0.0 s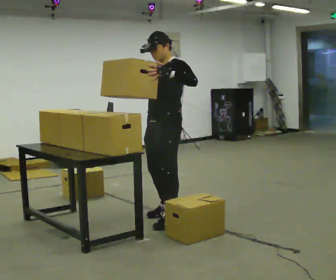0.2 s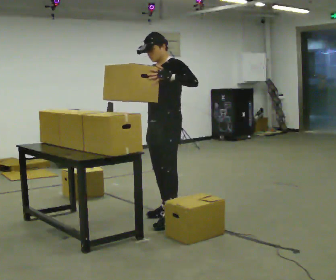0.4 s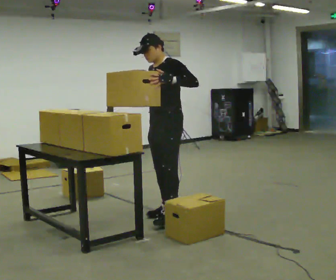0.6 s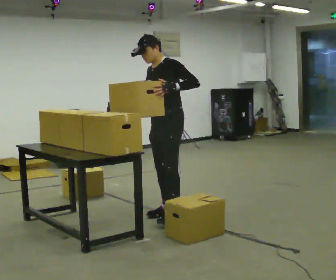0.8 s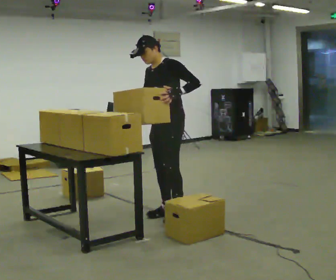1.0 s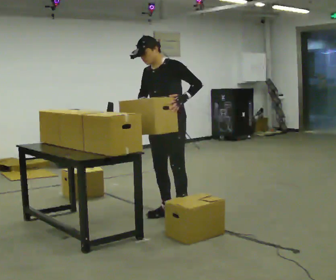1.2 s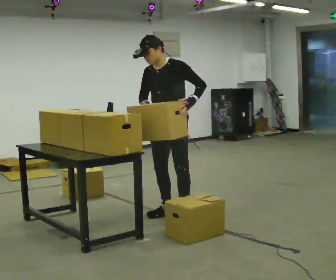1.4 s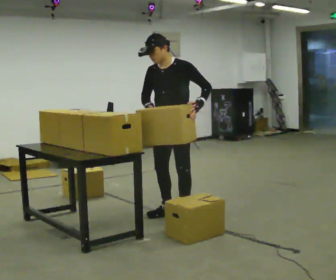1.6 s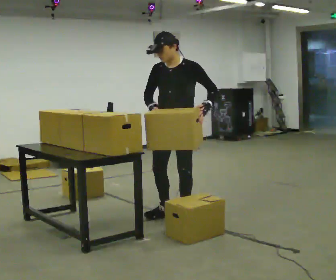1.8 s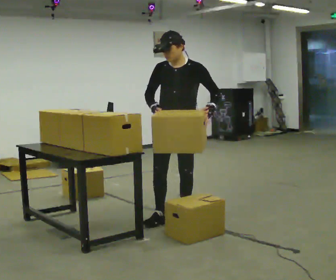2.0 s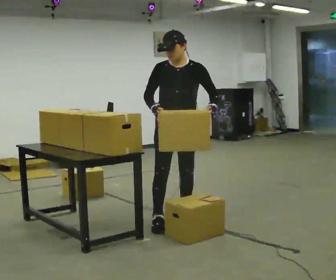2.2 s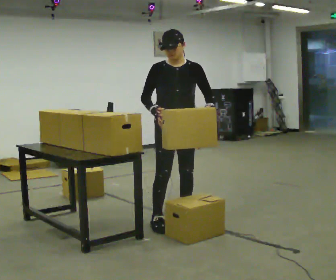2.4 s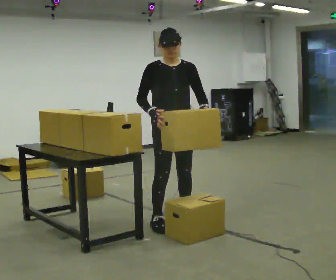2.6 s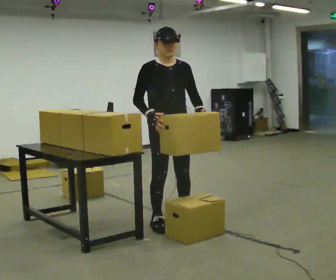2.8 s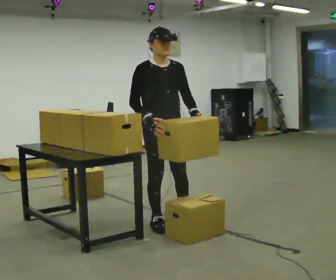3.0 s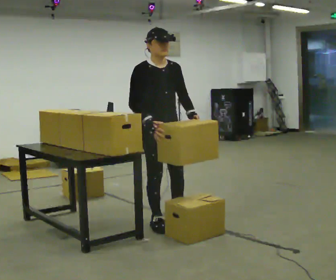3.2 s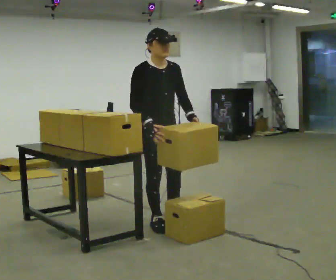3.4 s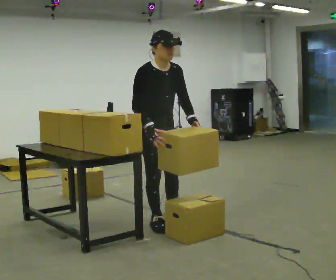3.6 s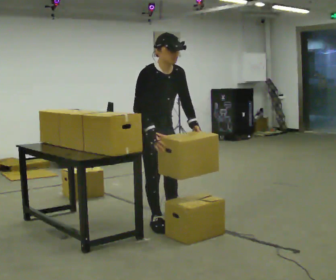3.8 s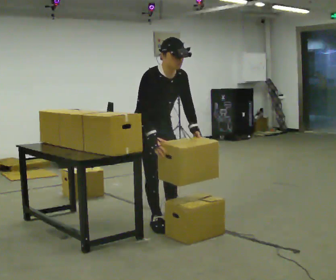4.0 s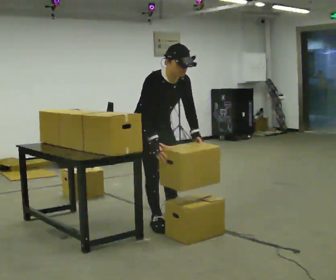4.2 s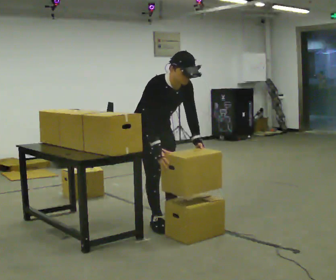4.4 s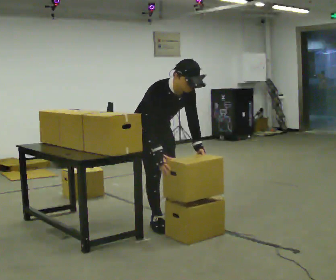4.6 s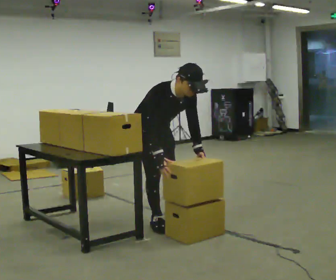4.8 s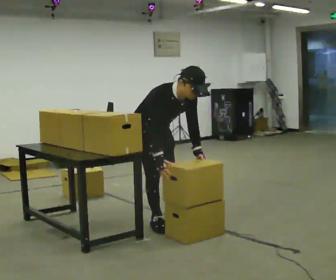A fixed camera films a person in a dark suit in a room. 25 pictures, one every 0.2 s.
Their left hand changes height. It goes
downward.
The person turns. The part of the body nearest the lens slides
to the right.
0.0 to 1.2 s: In the picture the upper body tilts counterclockwise, shoulders to the left, as they bend forward.
1.2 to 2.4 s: Seen from above the body turns counterclockwise, about 60 degrees: to their left, with its near side sliding to the right. In the picture they go toward the camera, about 0.25 m in 1 step, which for them is forward.
2.4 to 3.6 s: The person turns about 30 degrees to their left, counterclockwise seen from above, so the part of the body nearest the lens slides to the right. In the picture they go to the left, about 0.25 m, which for them is to their right. The upper body tips toward the camera, its near side rolling downward, as they bend forward.
3.6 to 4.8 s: The shoulders move downward. In the picture the upper body tilts clockwise, shoulders to the right, as they bend forward.
The film runs backward here.
